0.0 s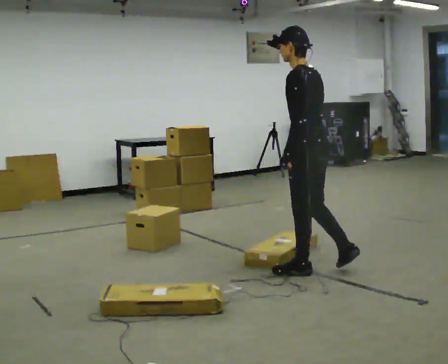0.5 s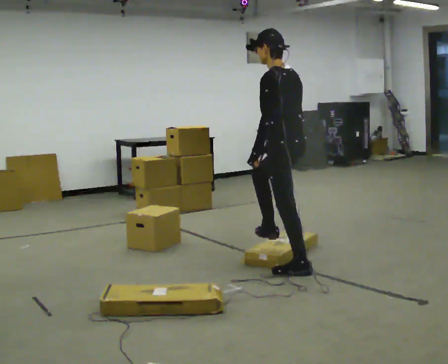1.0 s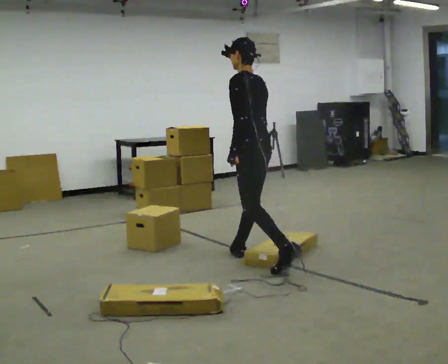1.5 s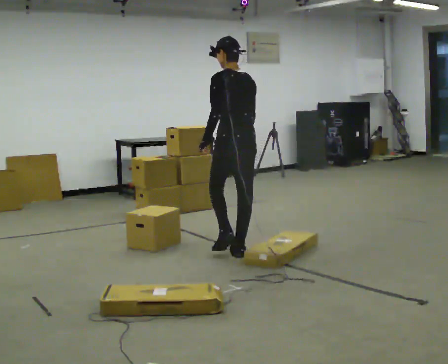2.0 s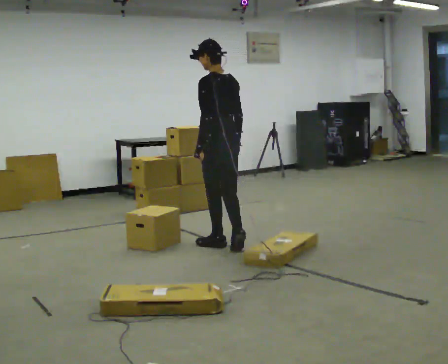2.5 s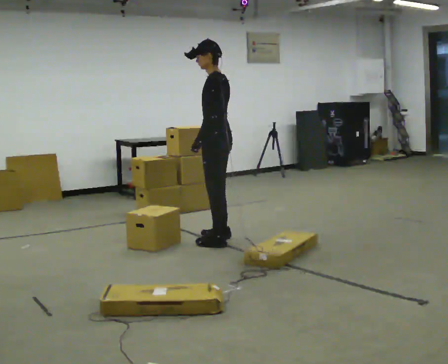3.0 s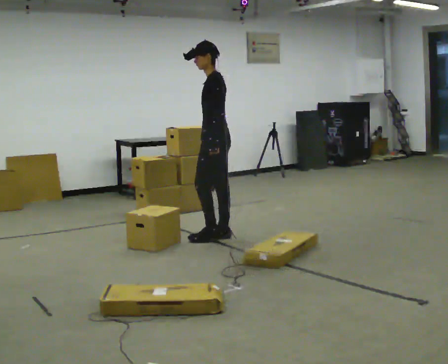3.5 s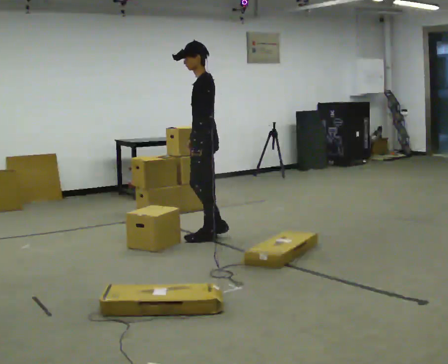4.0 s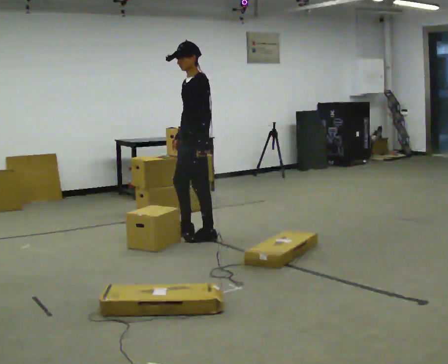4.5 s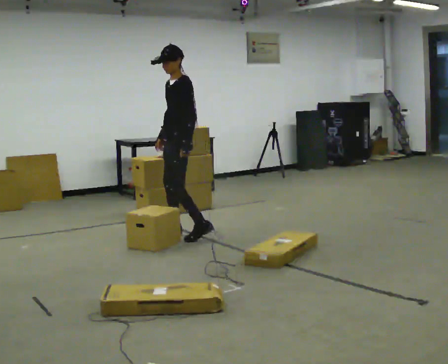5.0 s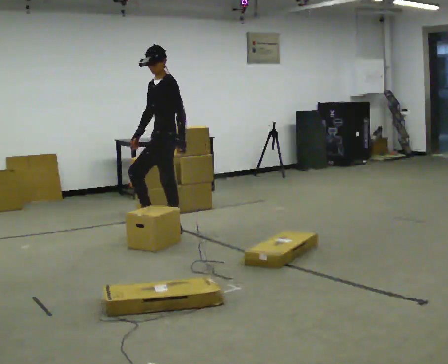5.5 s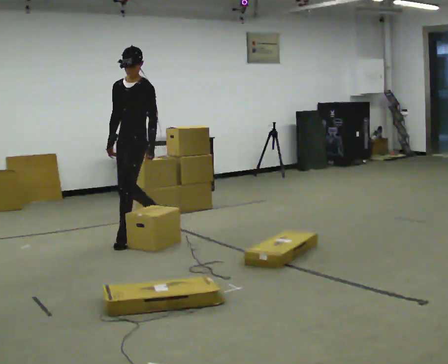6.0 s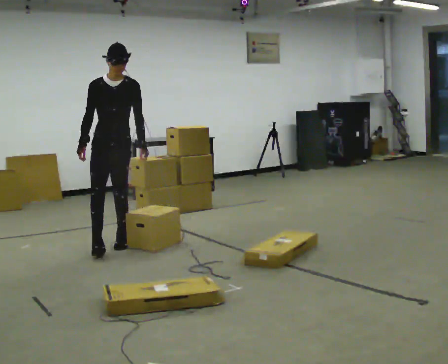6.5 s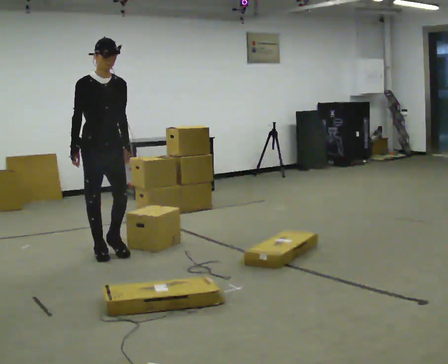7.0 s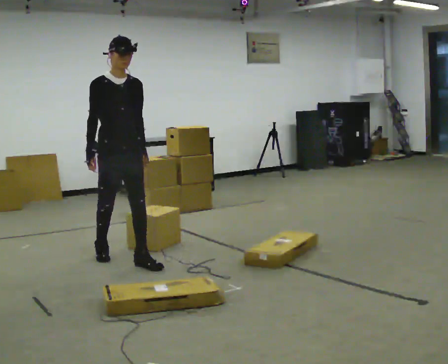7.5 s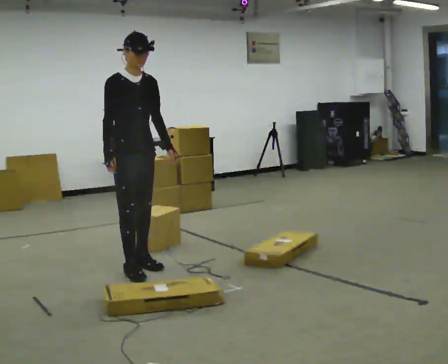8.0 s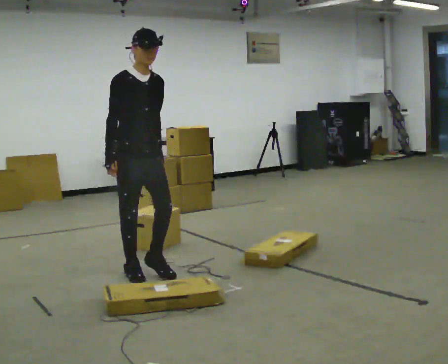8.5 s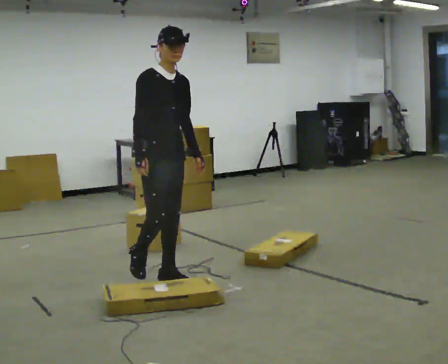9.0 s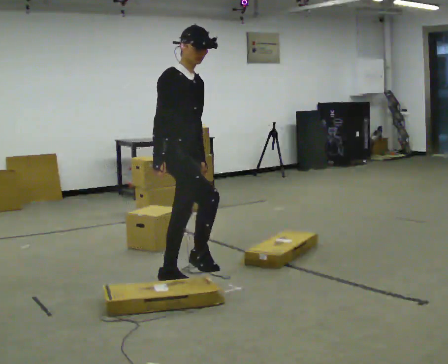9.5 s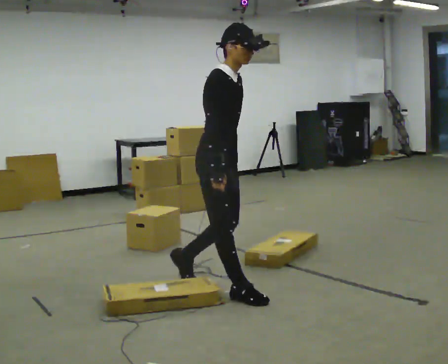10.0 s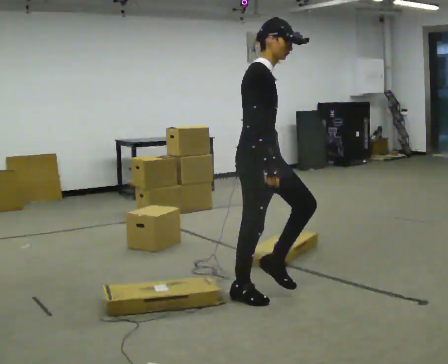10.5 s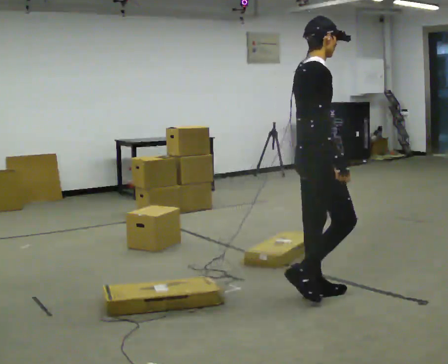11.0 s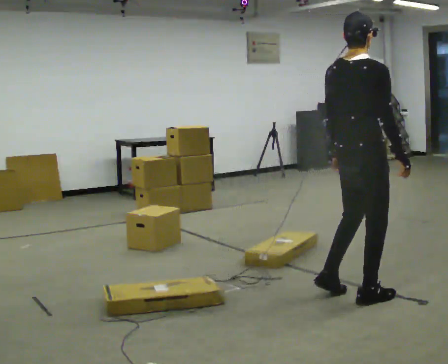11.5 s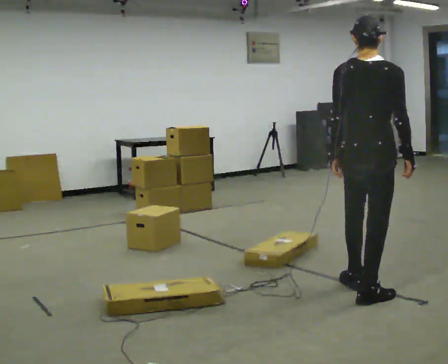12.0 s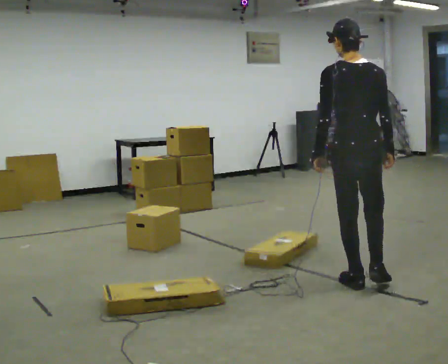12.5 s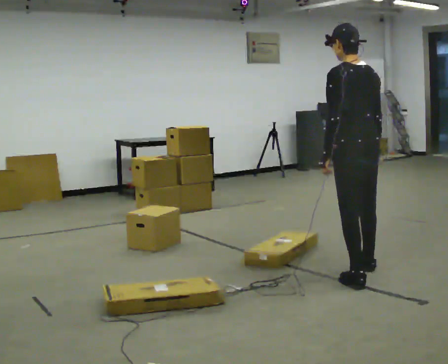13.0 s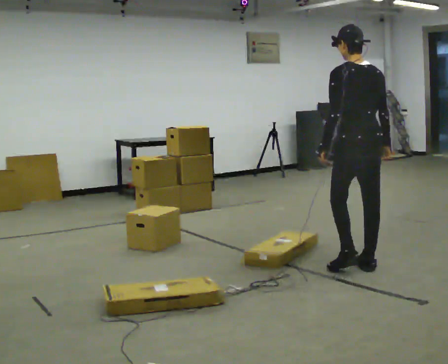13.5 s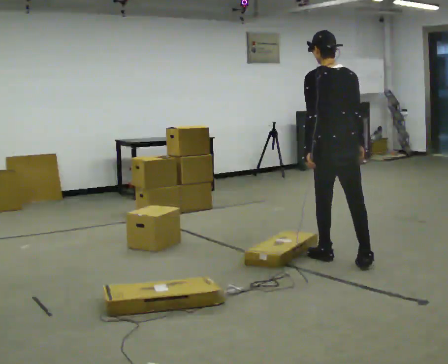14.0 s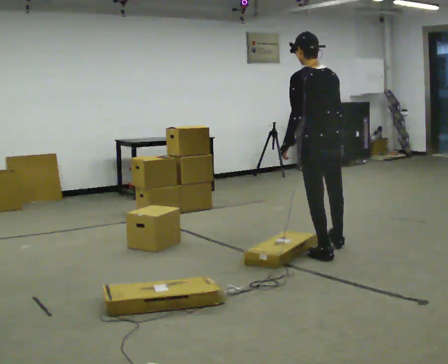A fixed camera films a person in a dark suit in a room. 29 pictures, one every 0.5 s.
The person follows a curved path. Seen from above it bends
counterclockwise.
0.0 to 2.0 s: In the picture they go away from the camera and to the left, about 1 m in 2 steps, which for them is forward.
2.0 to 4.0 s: The part of the body nearest the lens slides to the right as the person turns to their left by about 60 degrees. In the picture they go away from the camera, about 0.5 m in 2 steps.
4.0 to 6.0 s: The person turns about 75 degrees to their left, counterclockwise seen from above, so the part of the body nearest the lens slides to the right. In the picture they go to the left, about 1 m in 2 steps.
6.0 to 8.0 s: Seen from above the body turns counterclockwise, about 30 degrees: to their left, with its near side sliding to the right. In the picture they go toward the camera, about 1 m in 3 steps, which for them is forward.
8.0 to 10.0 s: Seen from above the body turns counterclockwise, about 30 degrees: to their left, with its near side sliding to the right. In the picture they go to the right and toward the camera, about 1 m in 2 steps, which for them is forward.
10.0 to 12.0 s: The person turns about 105 degrees to their left, counterclockwise seen from above, so the part of the body nearest the lens slides to the right. In the picture they go to the right, about 0.75 m in 3 steps.
12.0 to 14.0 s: In the picture they go away from the camera, about 1 m in 2 steps, which for them is forward.
The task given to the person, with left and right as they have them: Walk across the room at a normal pace, looking ahead. Something may appear in your way. Deal with it however comes naturally and carry on.
The film runs forward here.
